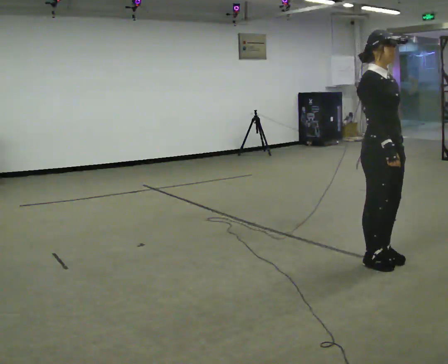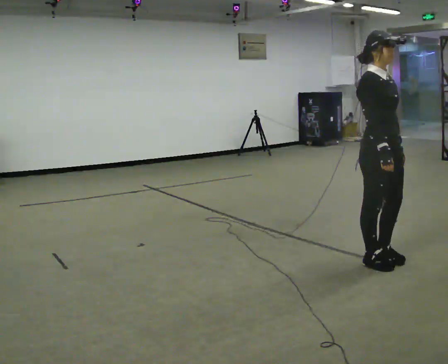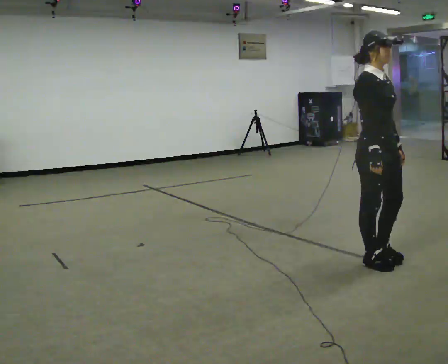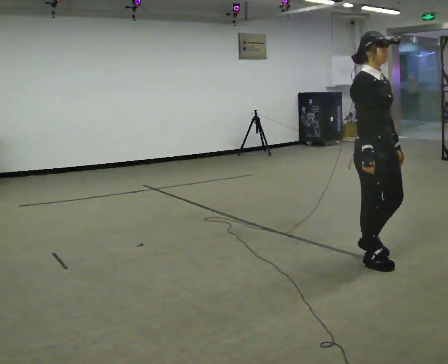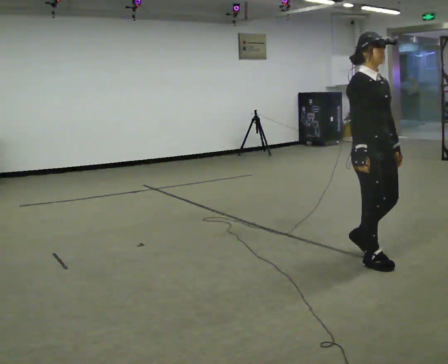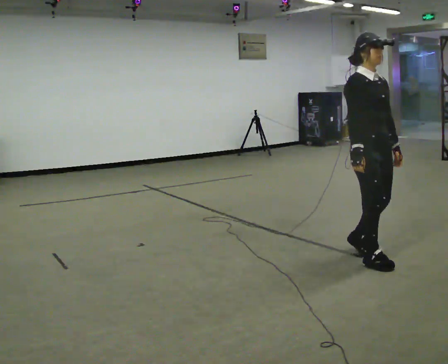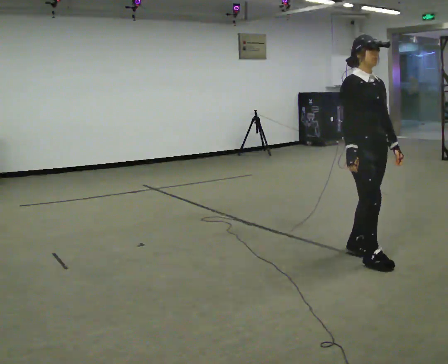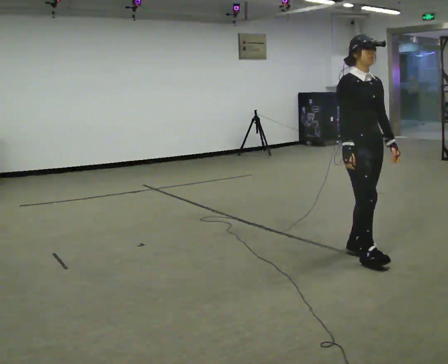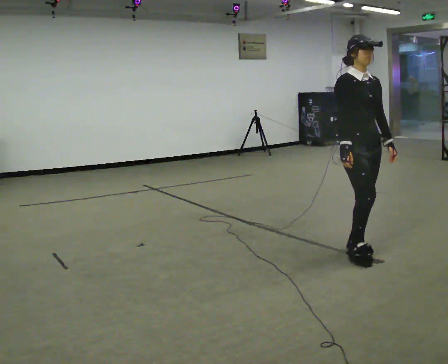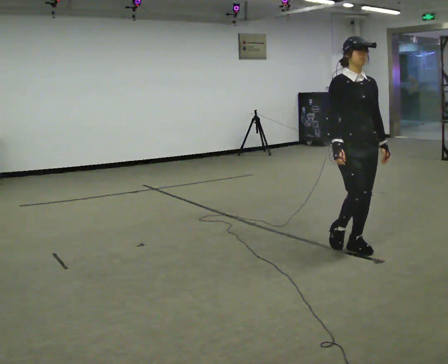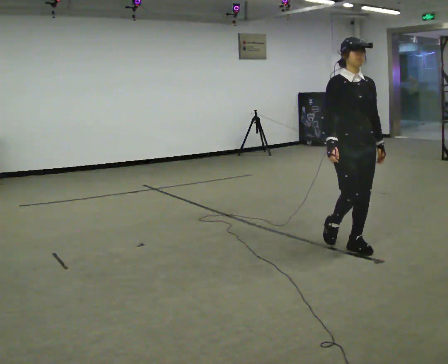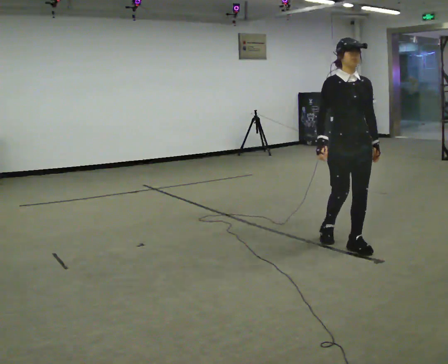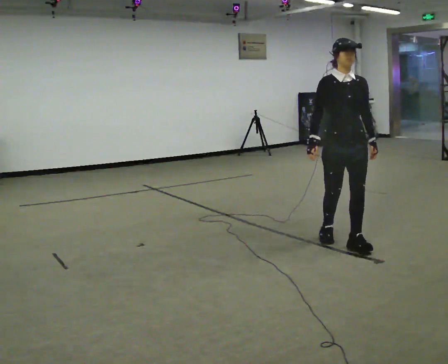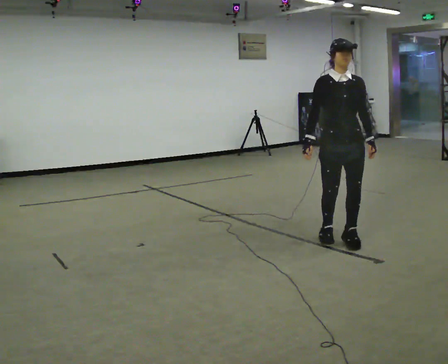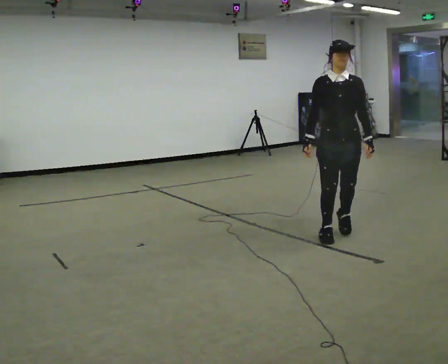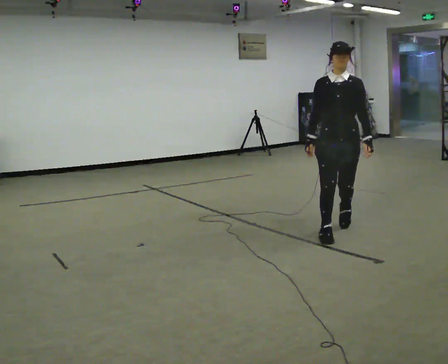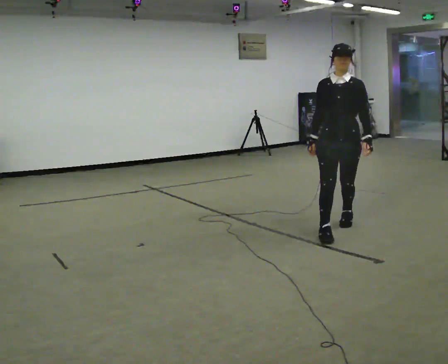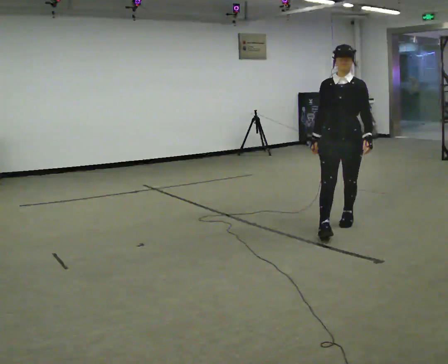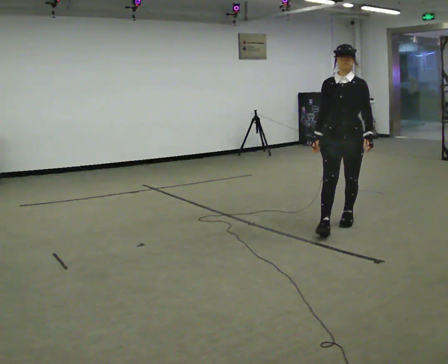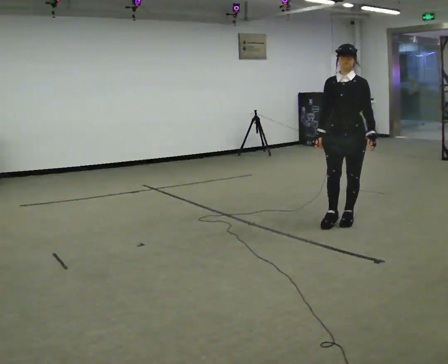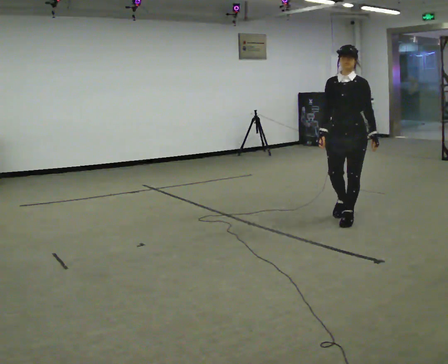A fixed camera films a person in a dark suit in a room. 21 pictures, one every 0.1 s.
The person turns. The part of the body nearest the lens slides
to the left.
The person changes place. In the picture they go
away from the camera.
0.0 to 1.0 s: In the picture they go away from the camera and to the left, about 0.5 m in 2 steps, which for them is backward and to their left.
1.0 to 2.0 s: The part of the body nearest the lens slides to the left as the person turns to their right by about 45 degrees. In the picture they go away from the camera, about 1 m in 2 steps, which for them is backward.
The film runs backward here.
